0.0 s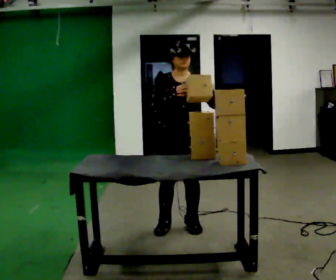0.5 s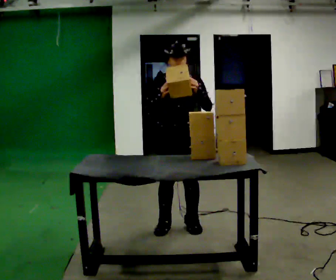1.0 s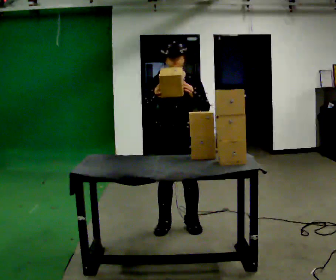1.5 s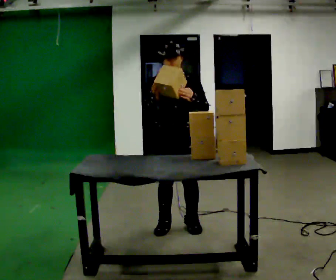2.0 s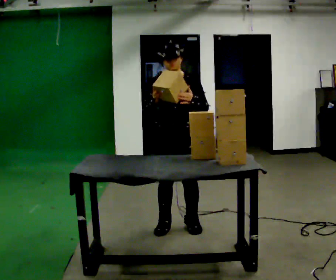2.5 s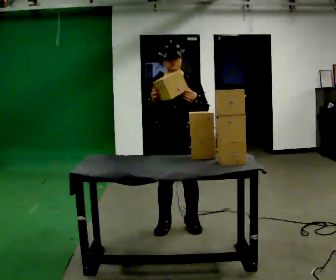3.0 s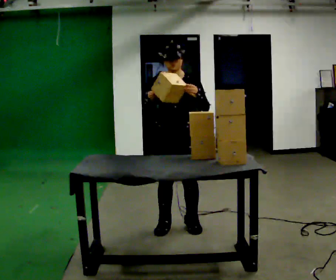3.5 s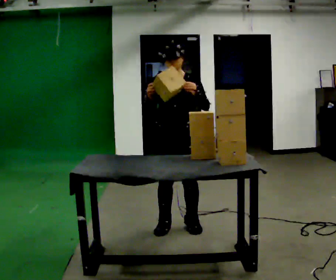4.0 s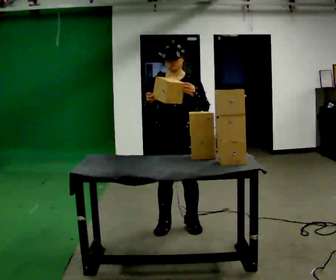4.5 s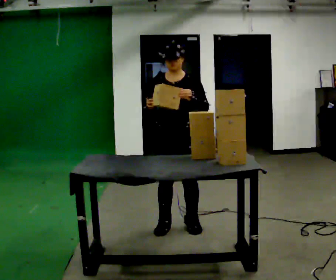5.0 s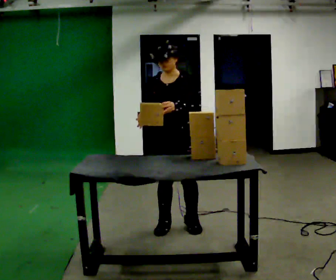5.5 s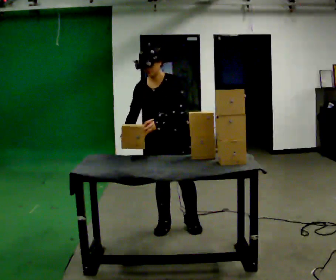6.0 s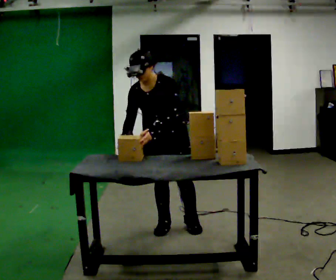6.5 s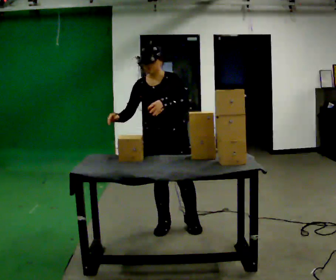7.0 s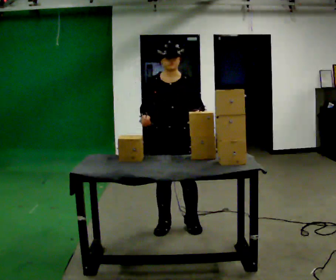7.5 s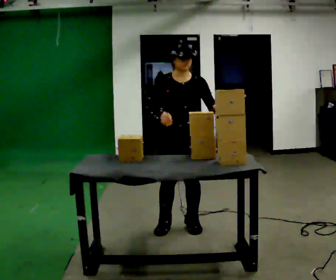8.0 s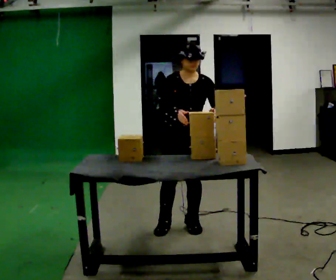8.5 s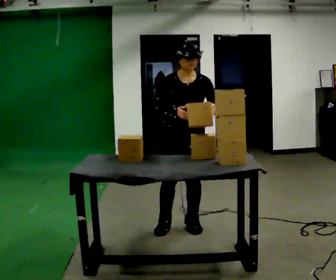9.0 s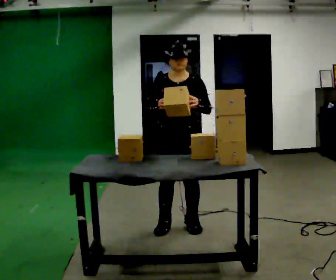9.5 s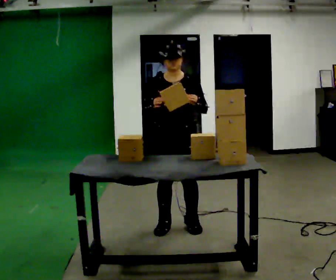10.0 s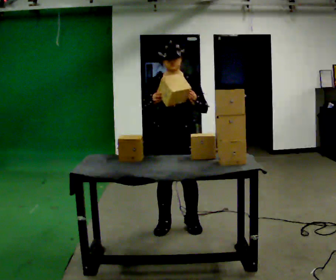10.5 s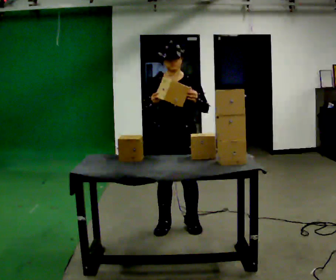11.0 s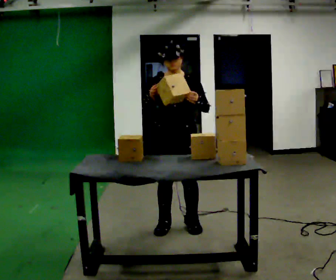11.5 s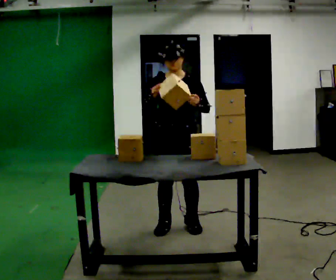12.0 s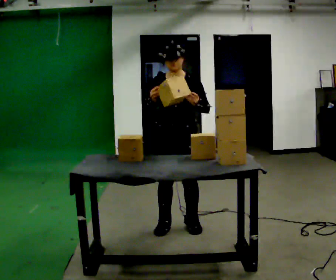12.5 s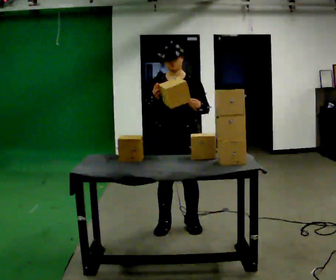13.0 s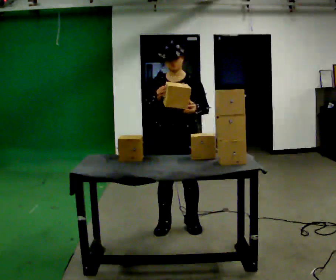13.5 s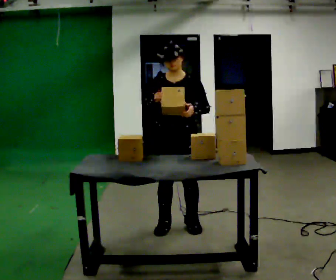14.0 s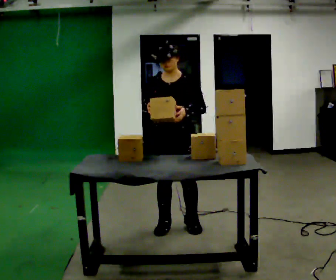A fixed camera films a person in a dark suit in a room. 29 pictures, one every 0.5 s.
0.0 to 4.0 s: The person moves a little, or ends about where they began.
4.0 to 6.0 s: The upper body tips toward the camera, its near side rolling downward, as they bend forward.
6.0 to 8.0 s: In the picture they go to the right, about 0.25 m, which for them is to their left. In the picture the upper body tilts clockwise, shoulders to the right. In the picture their right hand goes to the right.
8.0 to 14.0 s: The person moves a little, or ends about where they began.
The film runs forward here.
